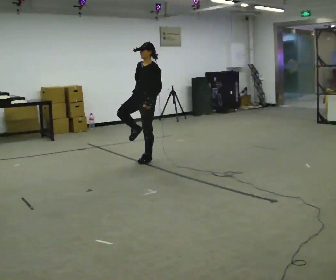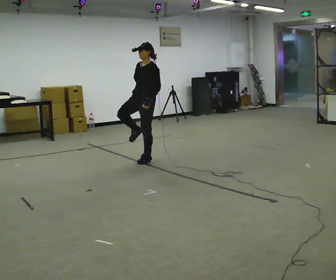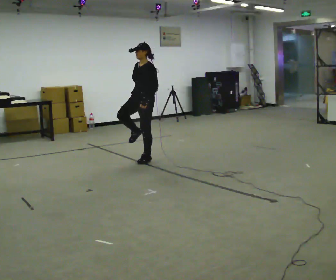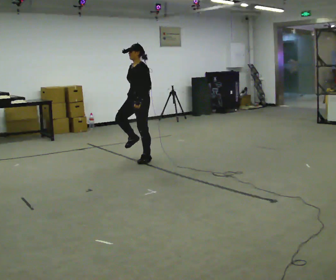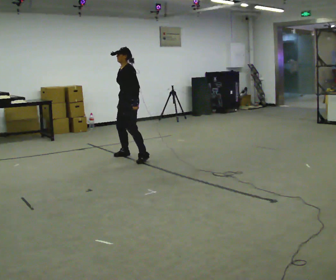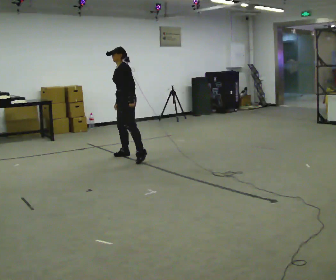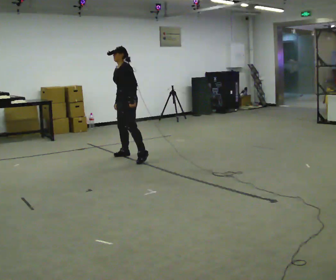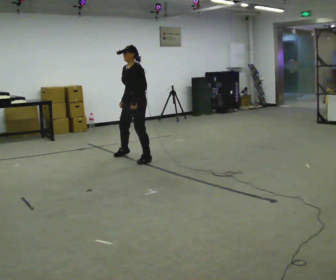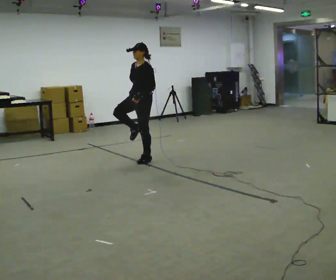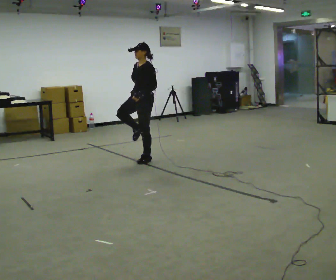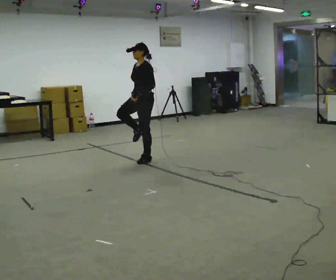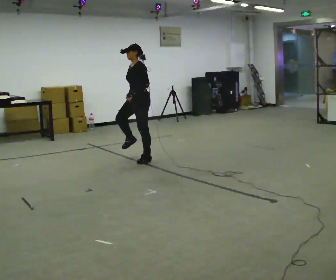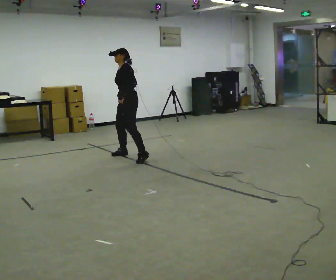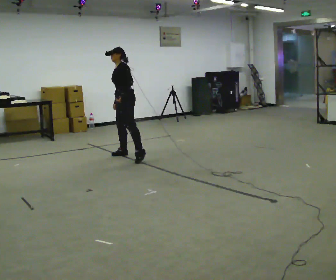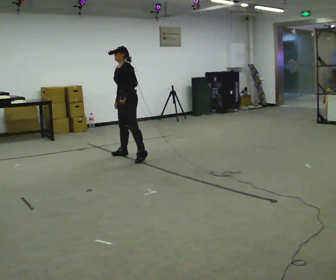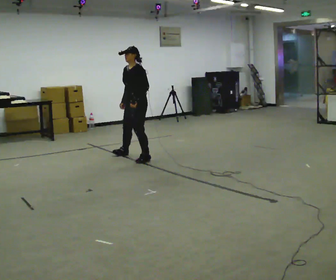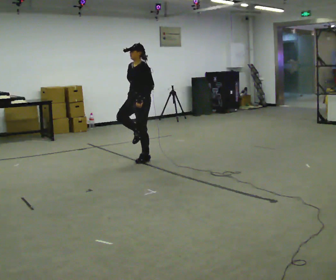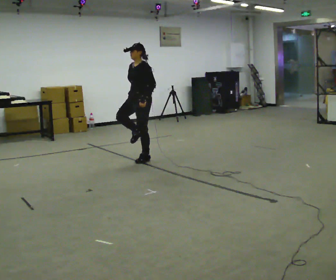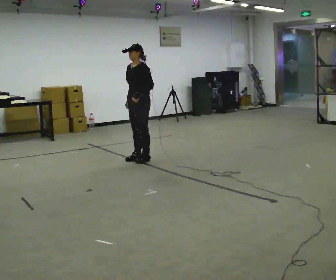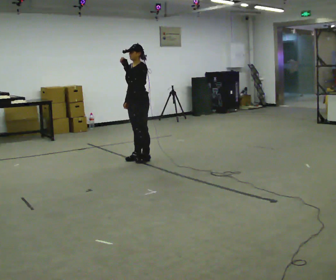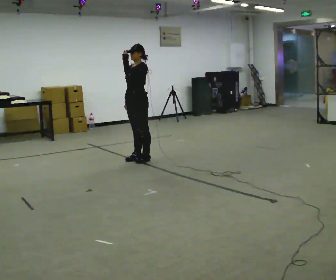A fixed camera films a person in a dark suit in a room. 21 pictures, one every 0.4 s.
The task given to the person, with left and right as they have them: Stand on one foot on the marked spot, on the side the operator calls. Hold it until you genuinely lose your balance, then put the other foot down. Repeat at your own pace until the operator says stop. Go slowly and only as far as you are comfortable. Step whenever you need to; do not try to hold on longer than feels safe.
0.0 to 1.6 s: In the picture they go away from the camera and to the left, about 0.25 m in 1 step, which for them is to their right. In the picture the upper body tilts counterclockwise, shoulders to the left.
1.6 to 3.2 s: In the picture they go toward the camera and to the right, about 0.25 m in 1 step, which for them is to their left.
3.2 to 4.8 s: In the picture they go away from the camera and to the left, about 0.25 m in 1 step, which for them is to their right. The upper body tips away from the camera, its near side rolling upward.
4.8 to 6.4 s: In the picture they go toward the camera and to the right, about 0.25 m in 1 step, which for them is to their left.
6.4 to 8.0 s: In the picture their left hand goes upward.
The film runs forward here.
